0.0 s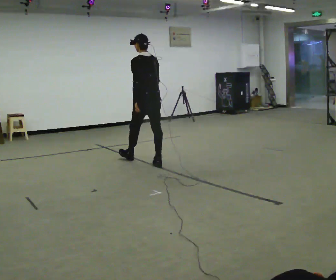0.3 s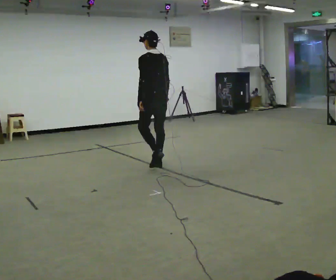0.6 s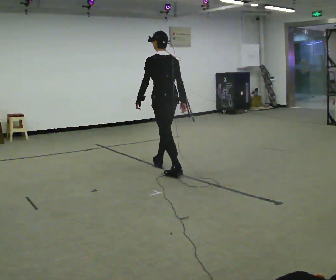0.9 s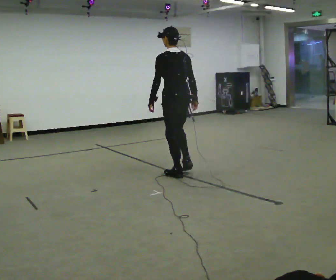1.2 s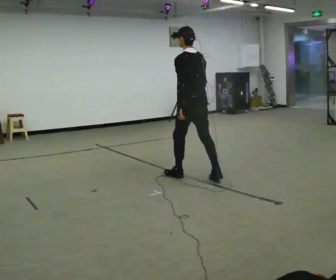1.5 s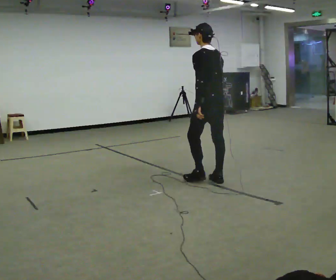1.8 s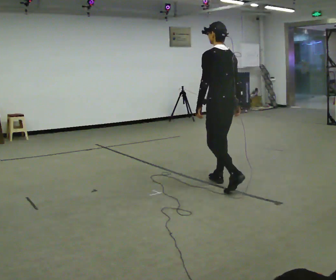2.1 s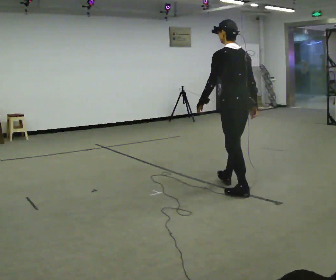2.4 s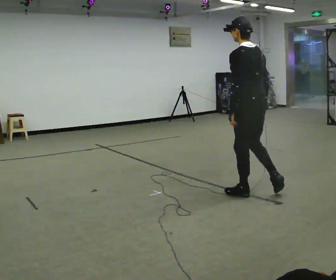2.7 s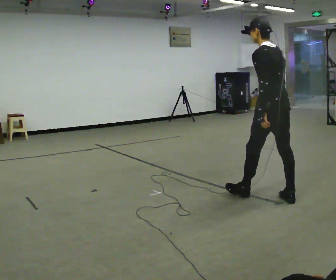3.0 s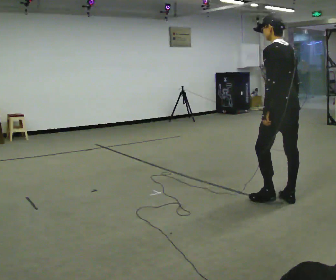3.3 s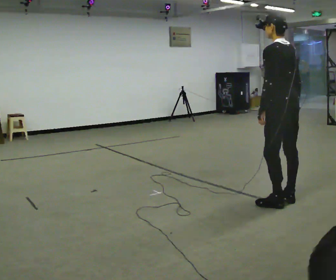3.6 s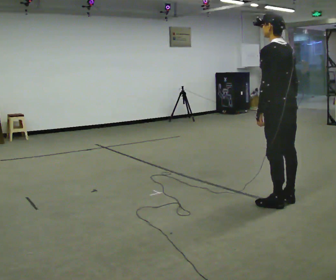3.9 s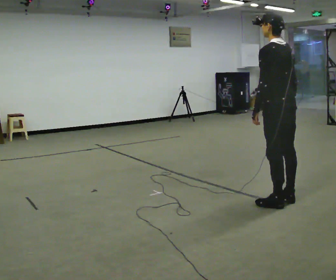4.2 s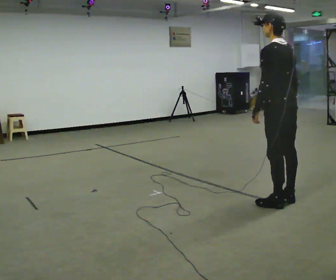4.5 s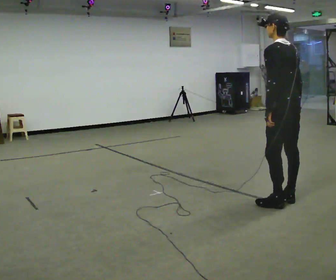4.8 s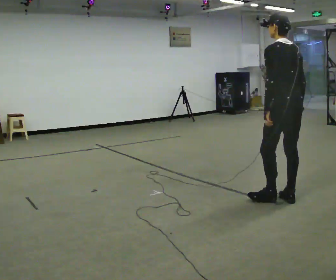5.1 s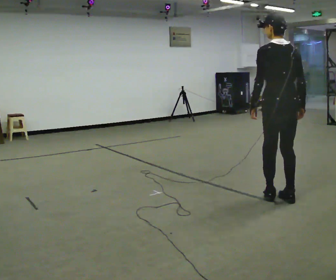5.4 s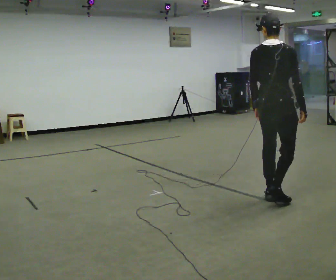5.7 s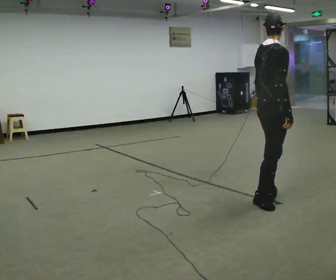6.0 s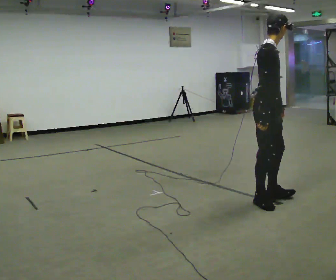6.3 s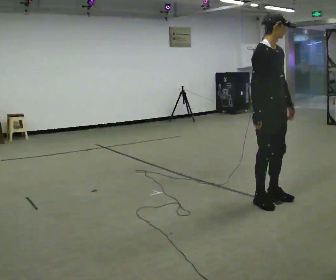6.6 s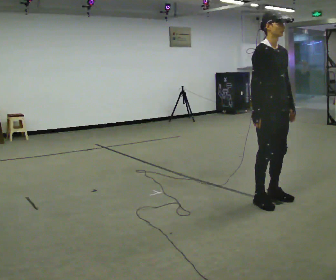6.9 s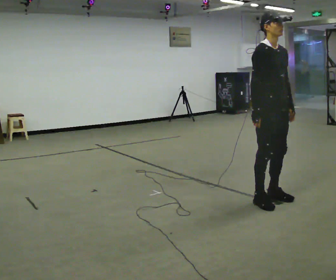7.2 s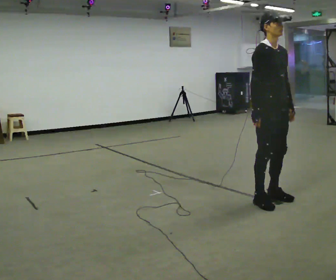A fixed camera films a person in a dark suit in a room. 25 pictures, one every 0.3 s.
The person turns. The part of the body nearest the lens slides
to the left.
The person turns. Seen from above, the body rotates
clockwise.
0.0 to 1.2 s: In the picture they go to the right and toward the camera, about 1 m in 1 step, which for them is backward.
1.2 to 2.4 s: In the picture they go to the right and toward the camera, about 1 m in 2 steps, which for them is backward.
2.4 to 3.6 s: In the picture they go to the right and toward the camera, about 0.25 m in 1 step, which for them is backward.
3.6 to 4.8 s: The person moves a little, or ends about where they began.
4.8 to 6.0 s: The person turns about 135 degrees to their right, clockwise seen from above, so the part of the body nearest the lens slides to the left. In the picture they go to the left, about 0.25 m in 1 step.
6.0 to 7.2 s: The part of the body nearest the lens slides to the left as the person turns to their right by about 30 degrees.
The film runs backward here.
